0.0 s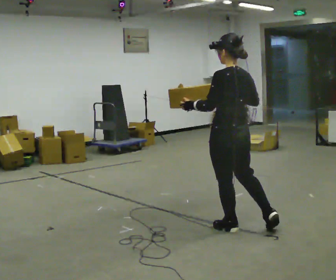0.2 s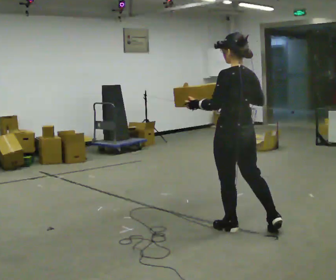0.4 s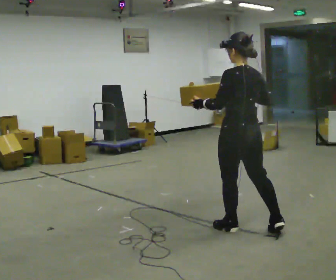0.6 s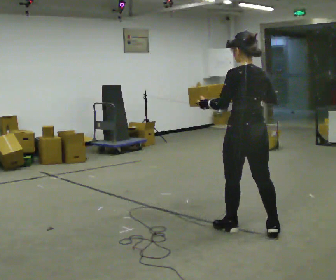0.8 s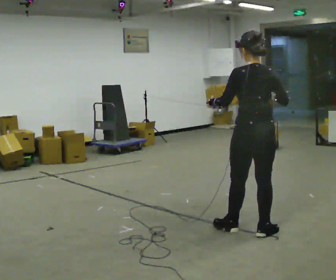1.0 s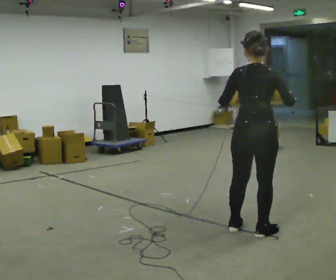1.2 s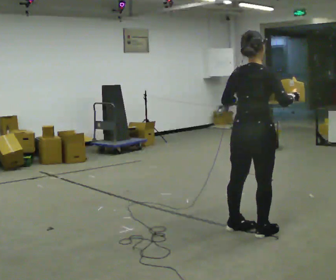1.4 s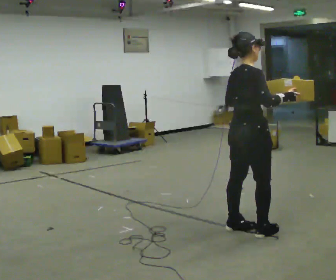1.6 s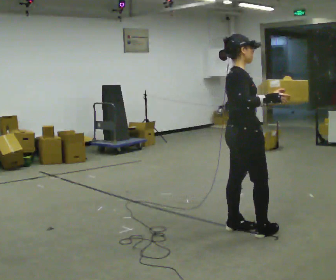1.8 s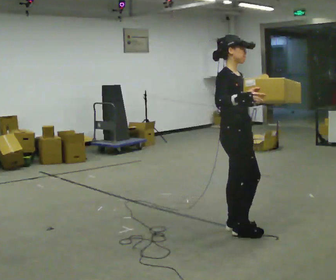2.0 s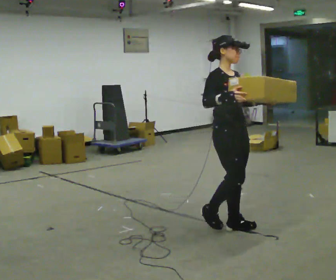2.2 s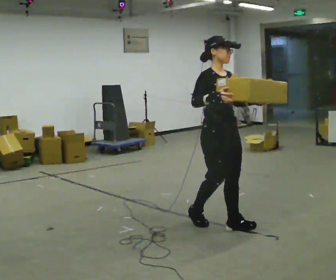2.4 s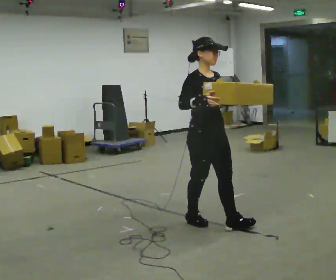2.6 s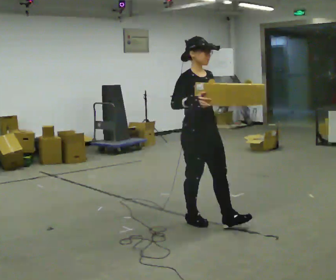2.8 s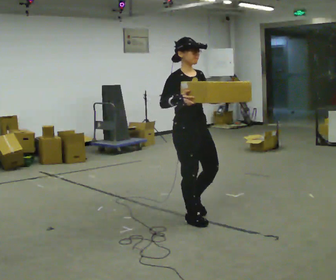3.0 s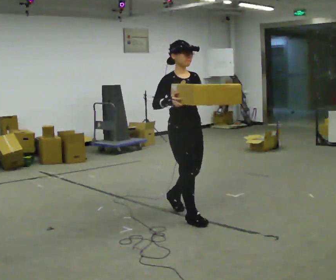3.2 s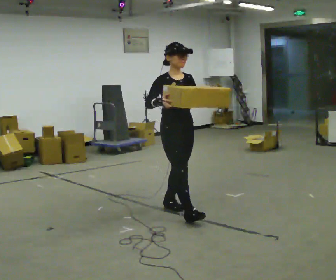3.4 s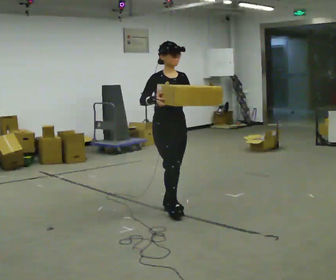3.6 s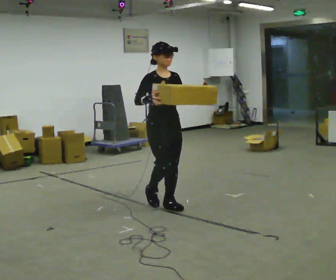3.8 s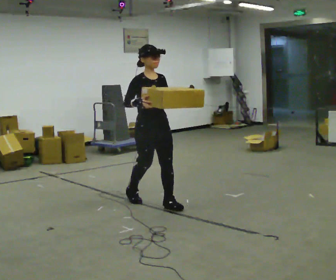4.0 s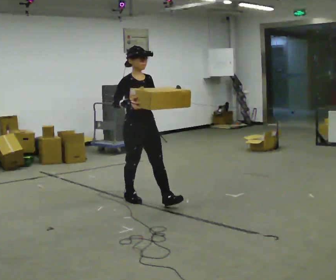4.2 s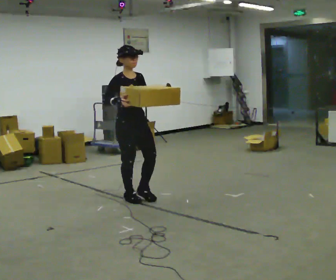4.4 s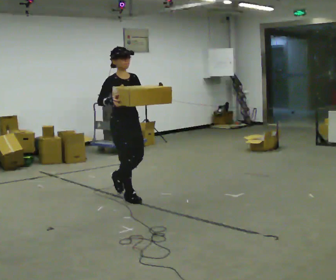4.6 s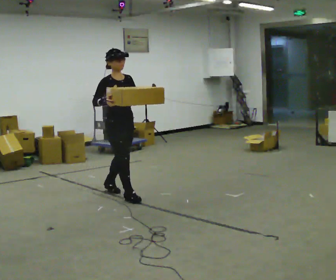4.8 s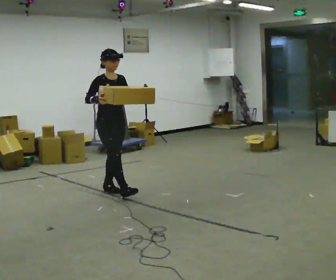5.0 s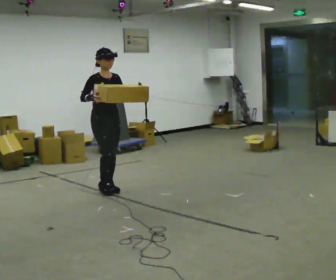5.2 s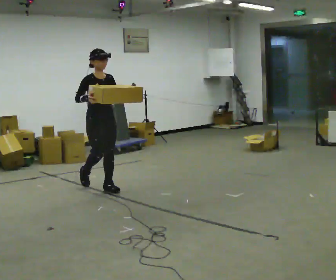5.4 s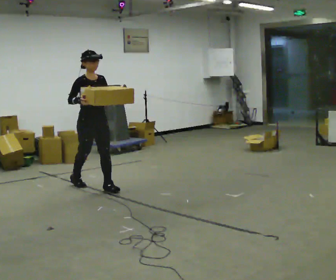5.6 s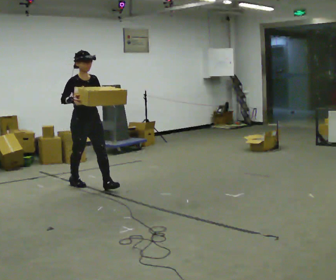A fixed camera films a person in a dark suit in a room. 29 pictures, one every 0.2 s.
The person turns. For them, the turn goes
to their right.
The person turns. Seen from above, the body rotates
clockwise.
0.0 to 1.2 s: The person turns about 75 degrees to their right, clockwise seen from above, so the part of the body nearest the lens slides to the left. In the picture their right hand goes to the right.
1.2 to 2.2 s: The person turns about 105 degrees to their right, clockwise seen from above, so the part of the body nearest the lens slides to the left. In the picture they go to the left and away from the camera, about 0.25 m in 1 step.
2.2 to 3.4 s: In the picture they go away from the camera and to the left, about 0.75 m in 2 steps, which for them is backward.
3.4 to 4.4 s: In the picture they go to the left and away from the camera, about 0.75 m in 1 step, which for them is backward.
4.4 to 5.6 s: In the picture they go to the left and away from the camera, about 0.5 m in 1 step, which for them is backward.
The film runs backward here.
